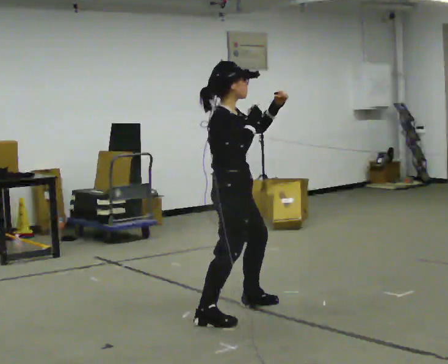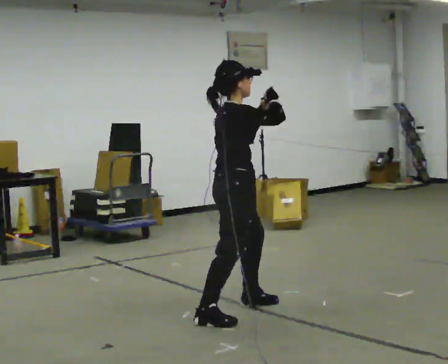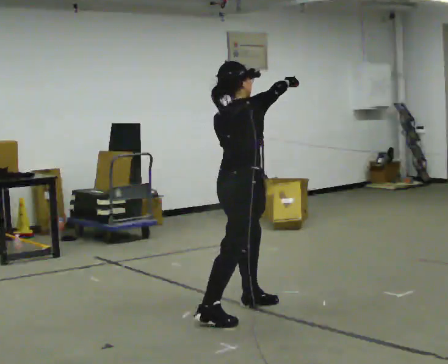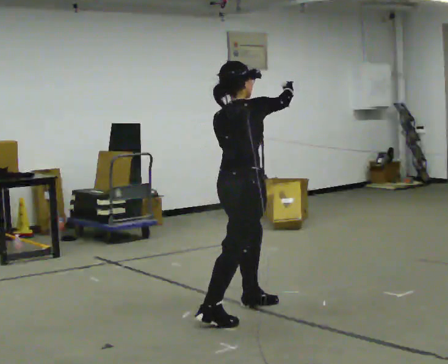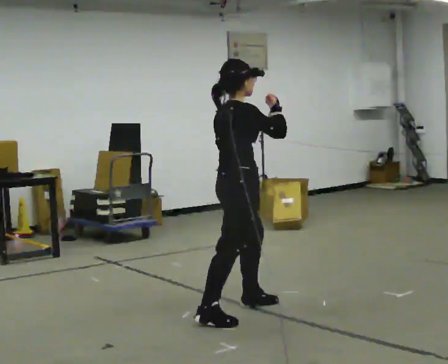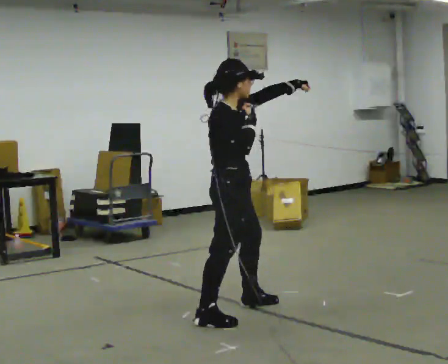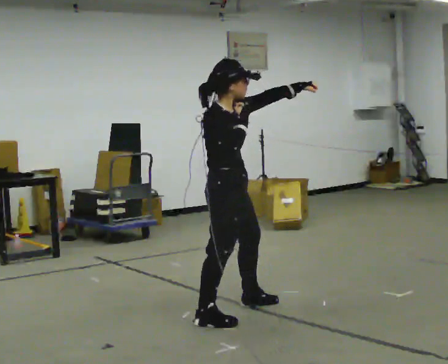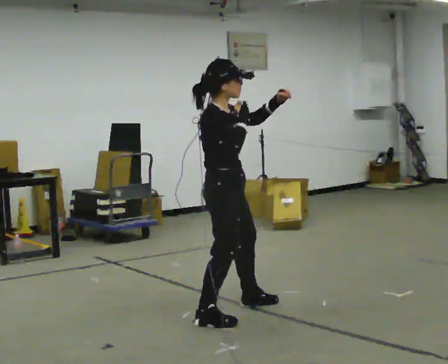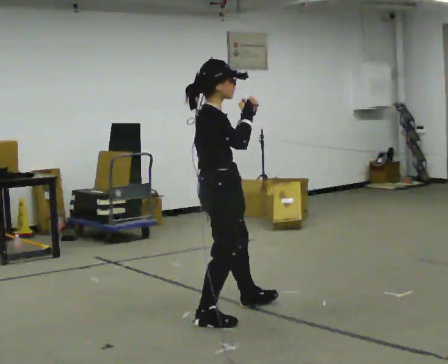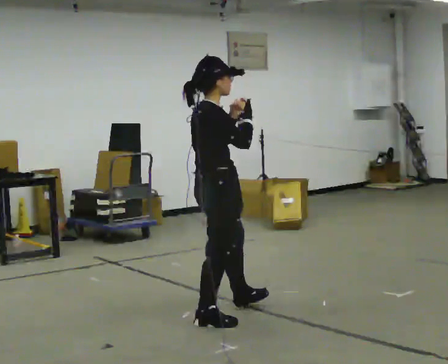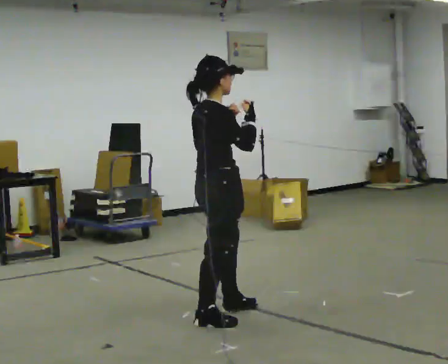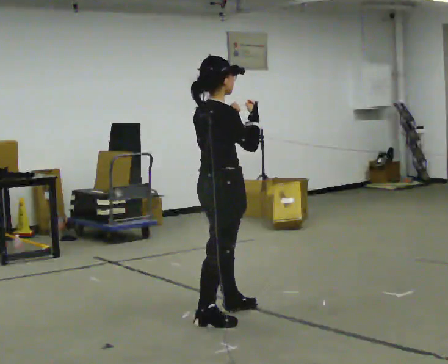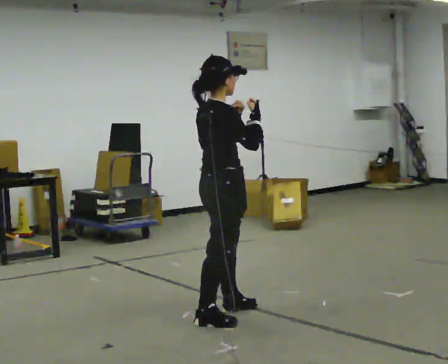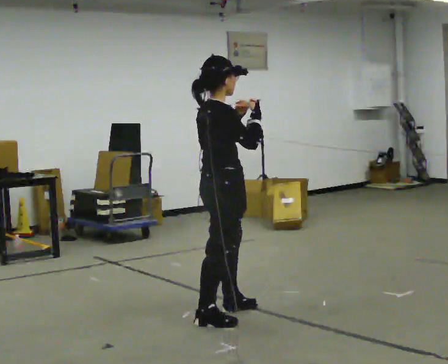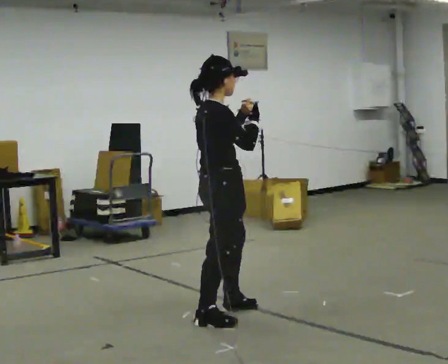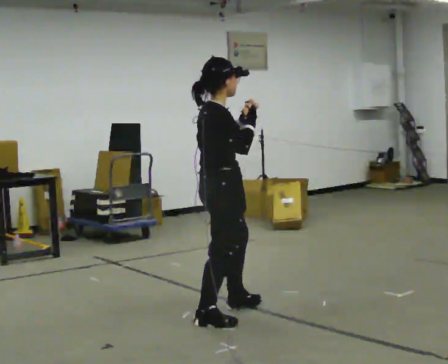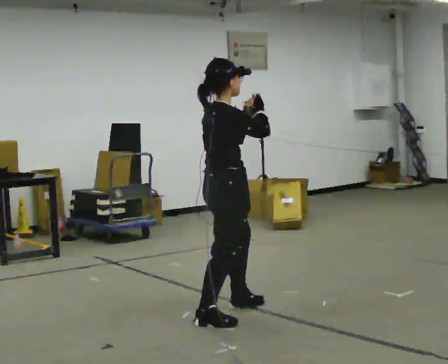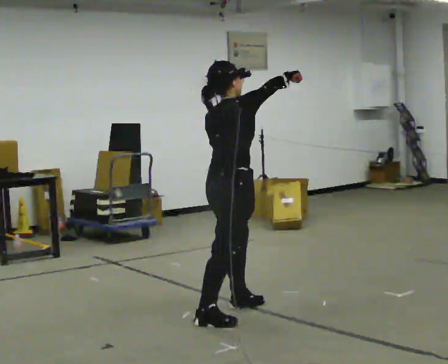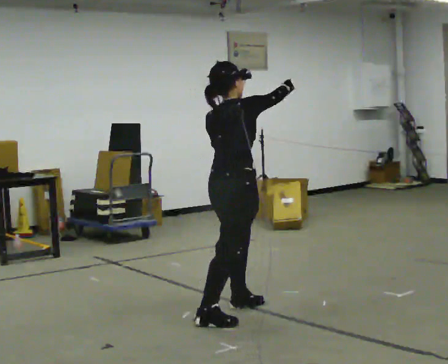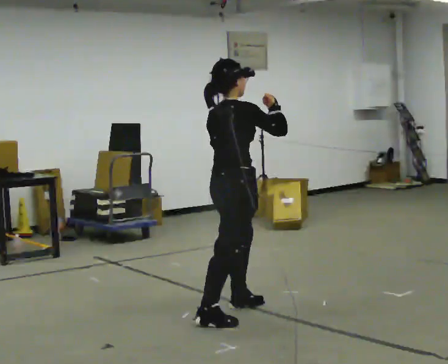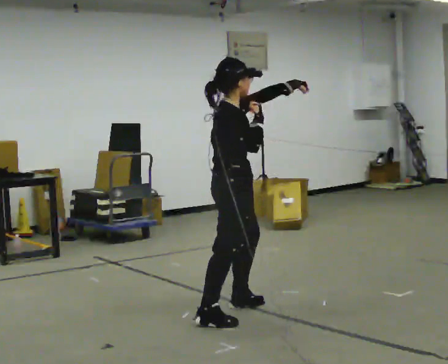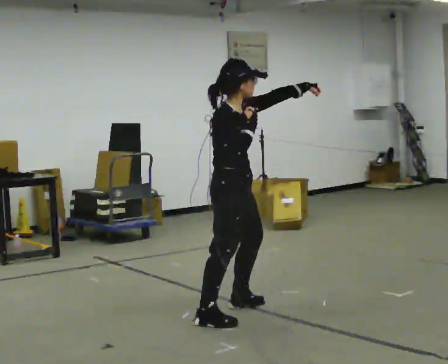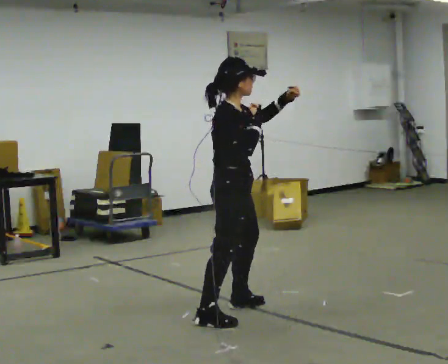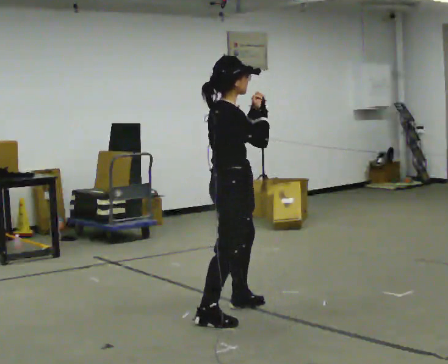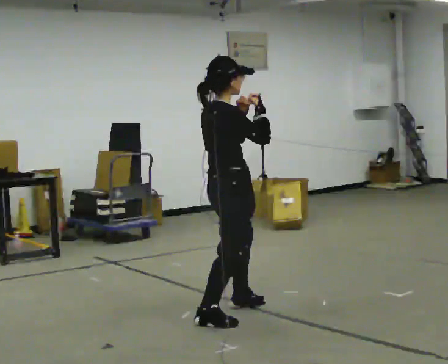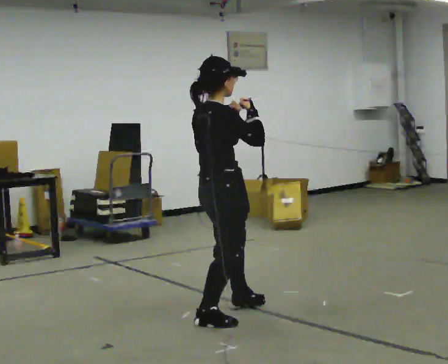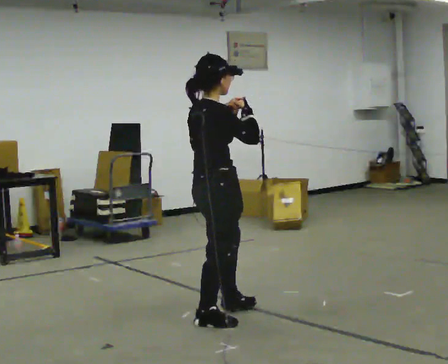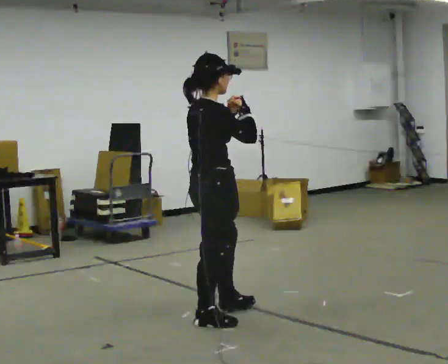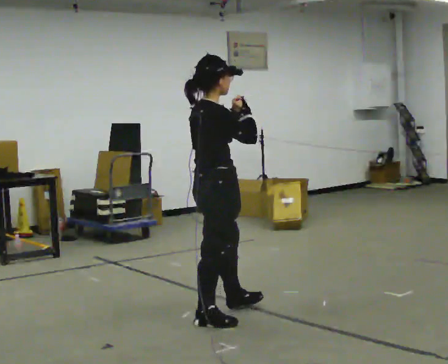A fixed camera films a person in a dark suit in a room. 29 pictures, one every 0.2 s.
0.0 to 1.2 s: The person moves a little, or ends about where they began.
1.2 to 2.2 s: The person turns about 30 degrees to their left, counterclockwise seen from above, so the part of the body nearest the lens slides to the right. In the picture their left hand goes to the left.
2.2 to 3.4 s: The person moves a little, or ends about where they began.
3.4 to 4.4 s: Seen from above the body turns clockwise, about 45 degrees: to their right, with its near side sliding to the left.
4.4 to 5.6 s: In the picture their left hand goes to the left.
The film runs forward here.
